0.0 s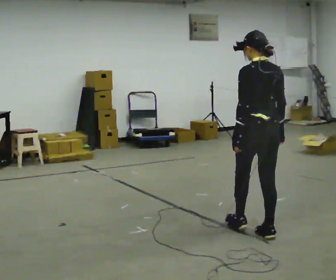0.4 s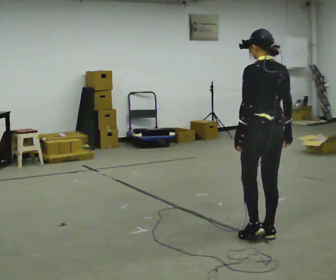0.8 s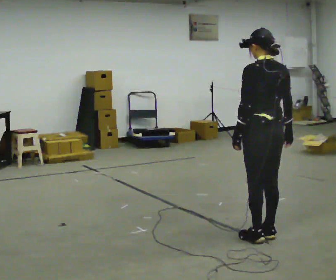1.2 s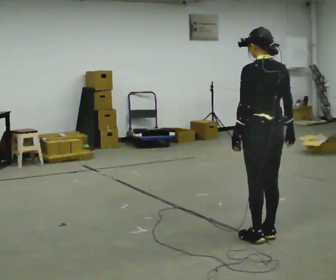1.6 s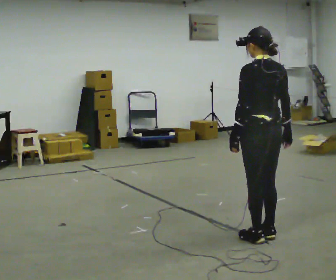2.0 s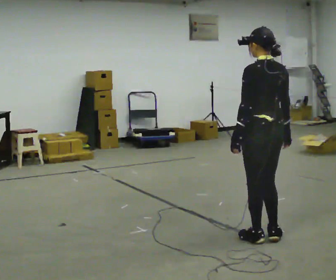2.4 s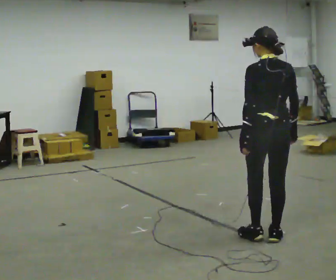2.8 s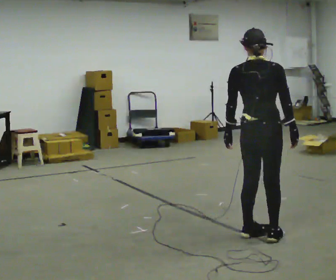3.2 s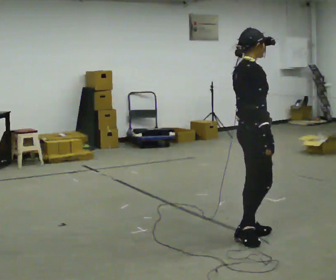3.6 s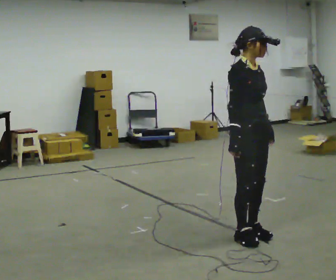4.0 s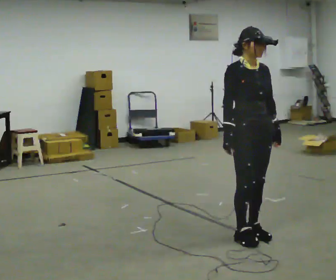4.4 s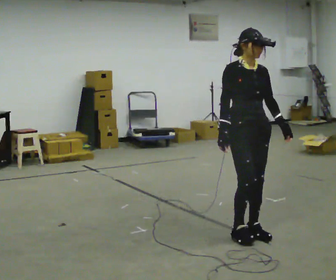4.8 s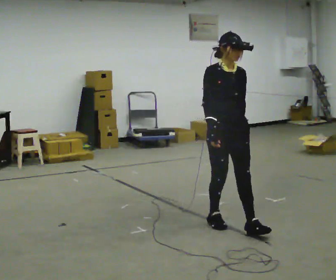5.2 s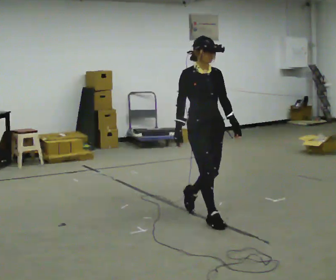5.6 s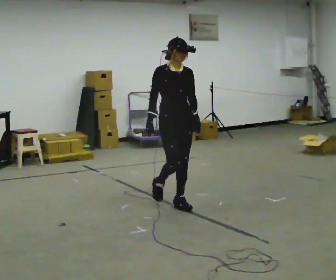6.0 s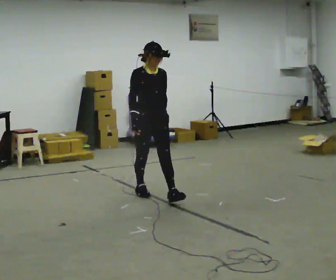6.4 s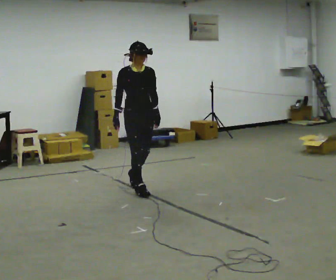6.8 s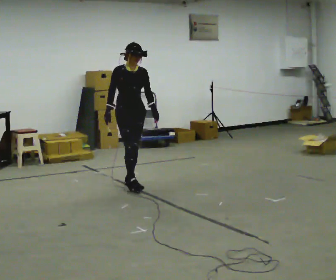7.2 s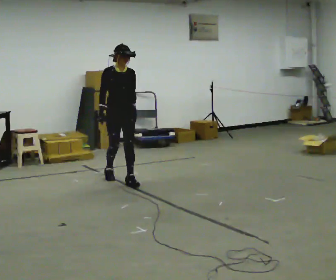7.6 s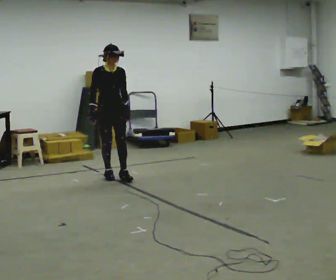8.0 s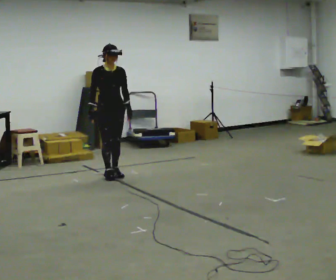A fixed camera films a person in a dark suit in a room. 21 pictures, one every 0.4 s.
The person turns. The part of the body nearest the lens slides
to the left.
The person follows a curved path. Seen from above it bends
clockwise.
0.0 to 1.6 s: In the picture they go toward the camera, about 0.25 m, which for them is backward.
1.6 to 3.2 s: The part of the body nearest the lens slides to the left as the person turns to their right by about 105 degrees.
3.2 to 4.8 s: The part of the body nearest the lens slides to the left as the person turns to their right by about 75 degrees. In the picture they go away from the camera and to the left, about 0.25 m in 2 steps.
4.8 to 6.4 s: In the picture they go away from the camera and to the left, about 1.5 m in 2 steps, which for them is backward.
6.4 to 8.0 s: In the picture they go away from the camera and to the left, about 1 m in 2 steps, which for them is backward.
The film runs backward here.
